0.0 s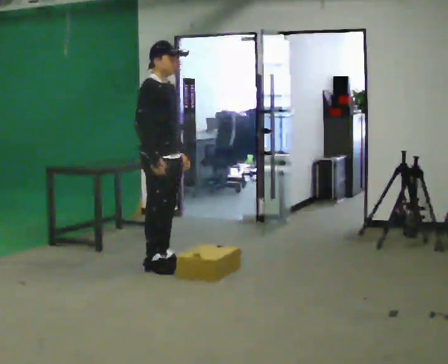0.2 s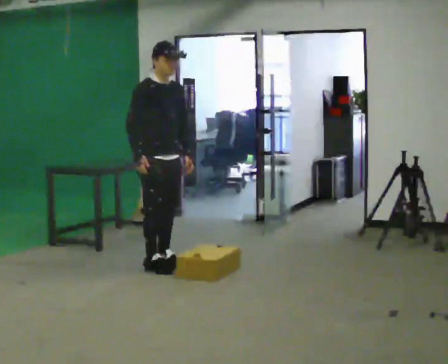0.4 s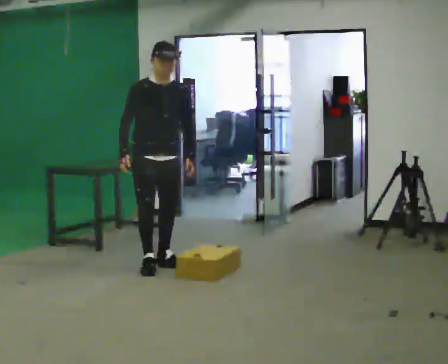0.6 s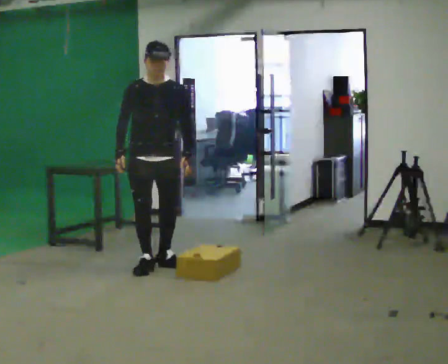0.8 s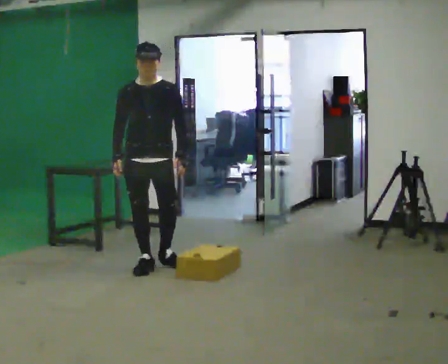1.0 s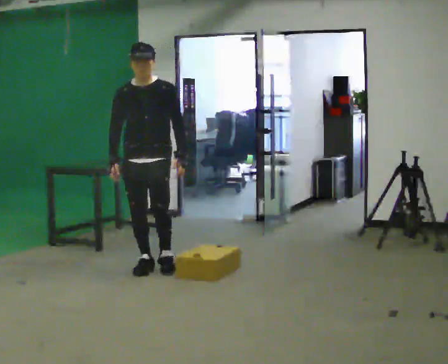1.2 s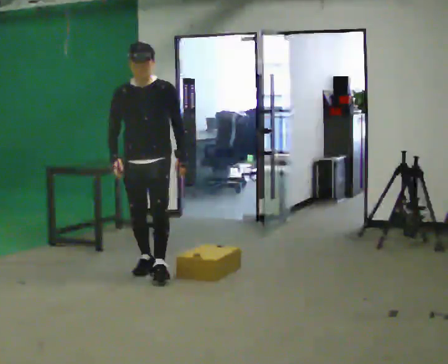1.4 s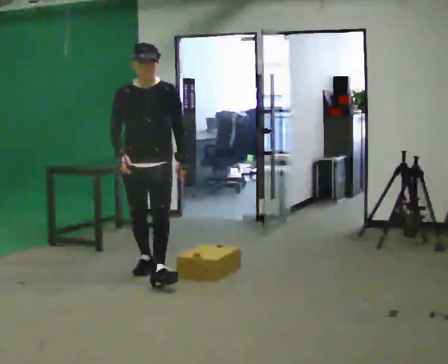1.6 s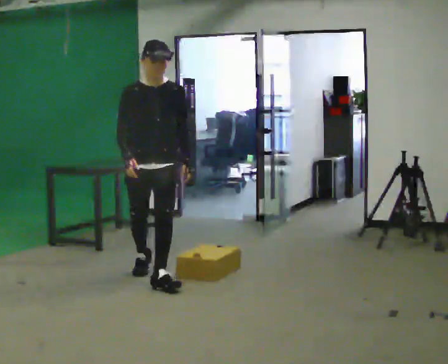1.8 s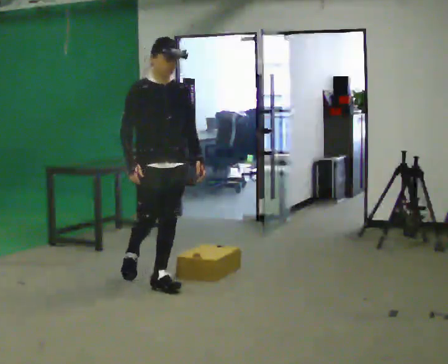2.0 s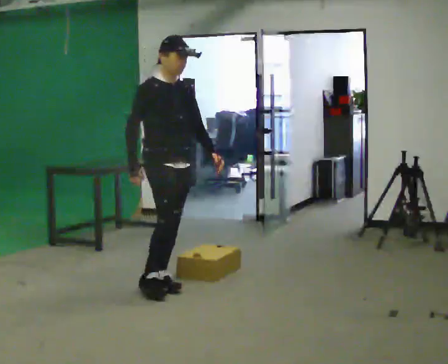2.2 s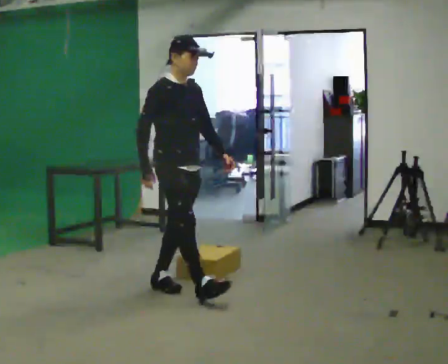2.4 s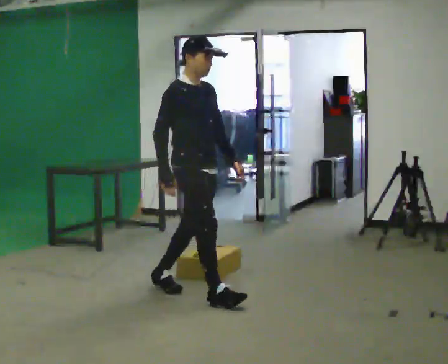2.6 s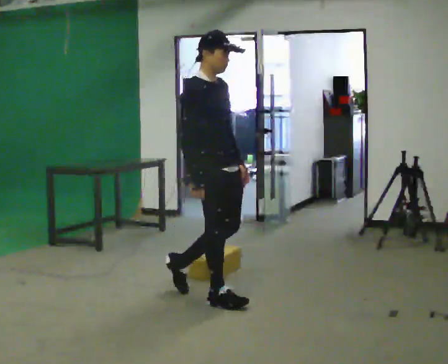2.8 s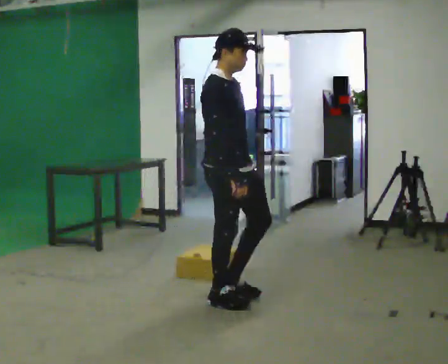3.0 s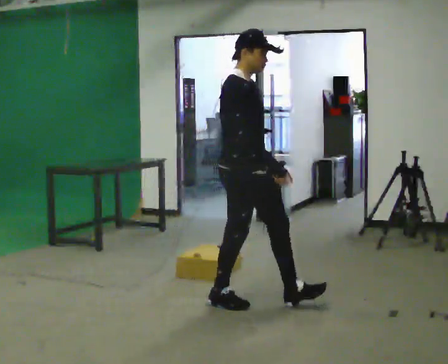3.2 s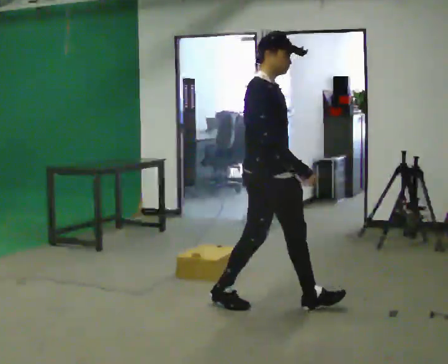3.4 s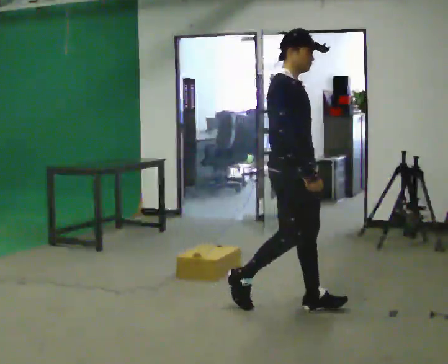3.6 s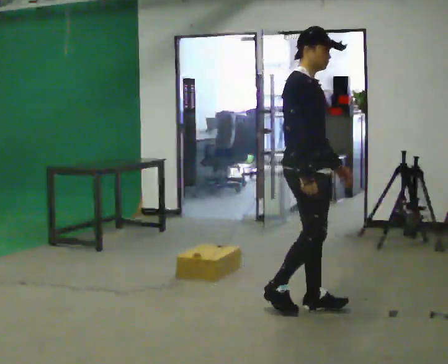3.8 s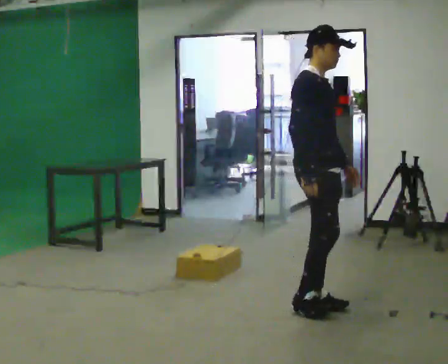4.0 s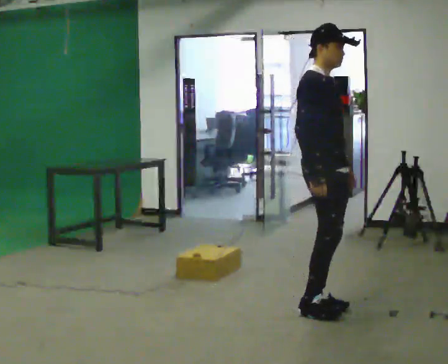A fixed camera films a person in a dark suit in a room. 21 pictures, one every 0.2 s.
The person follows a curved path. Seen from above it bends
counterclockwise.
0.0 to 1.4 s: The person turns about 60 degrees to their right, clockwise seen from above, so the part of the body nearest the lens slides to the left. In the picture they go toward the camera, about 0.25 m in 1 step.
1.4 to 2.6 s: The part of the body nearest the lens slides to the right as the person turns to their left by about 60 degrees. In the picture they go toward the camera and to the right, about 1 m in 1 step.
2.6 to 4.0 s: In the picture they go to the right, about 0.5 m in 2 steps, which for them is forward.
The film runs forward here.
